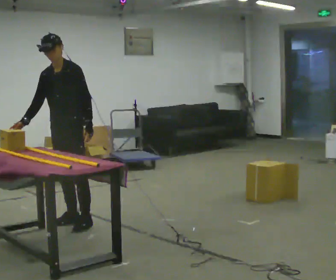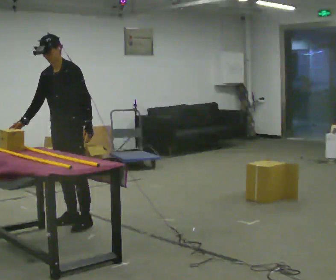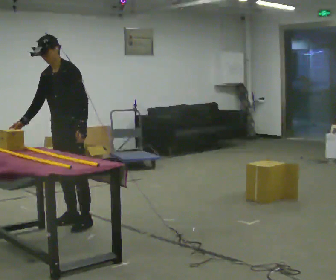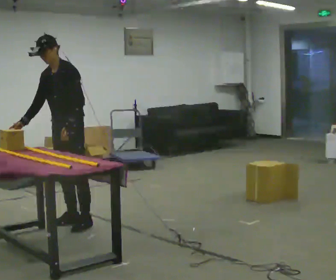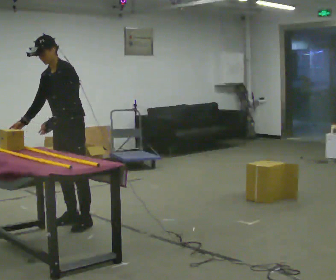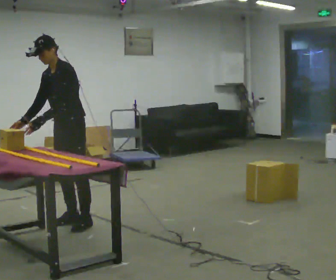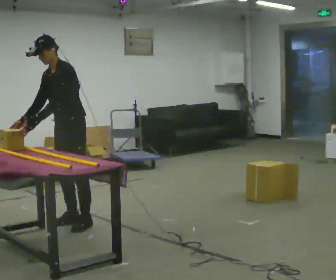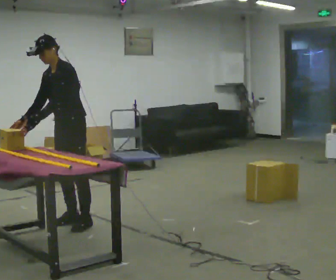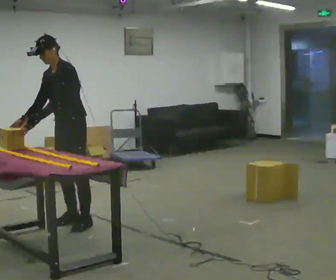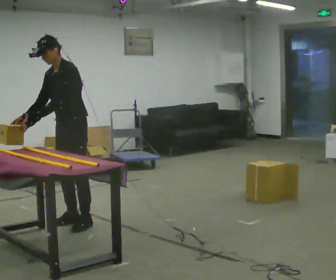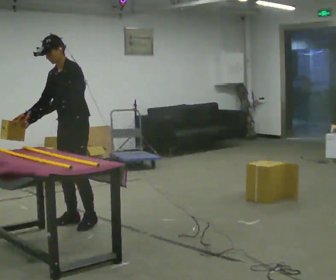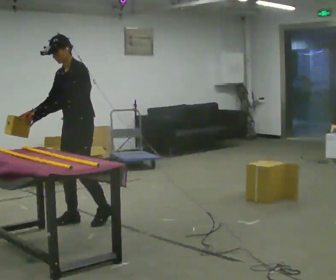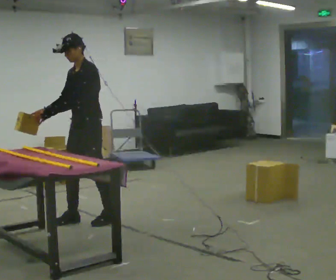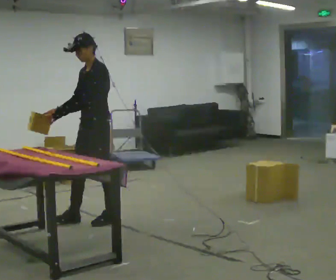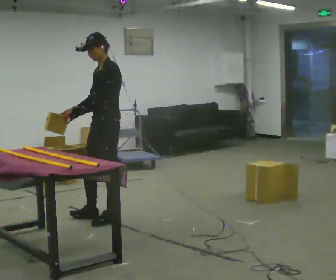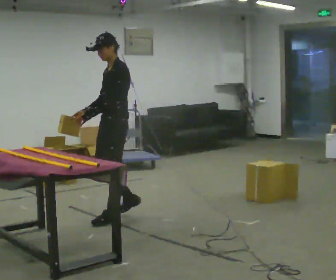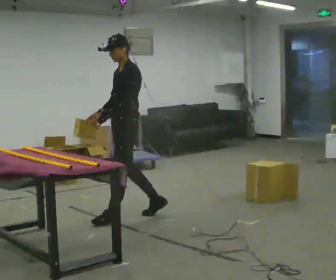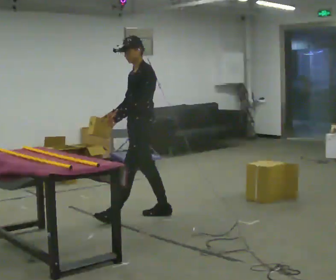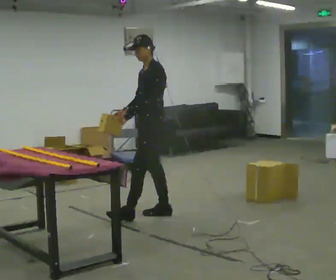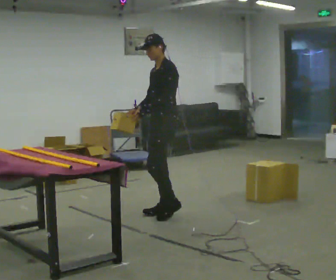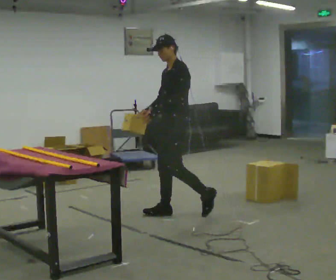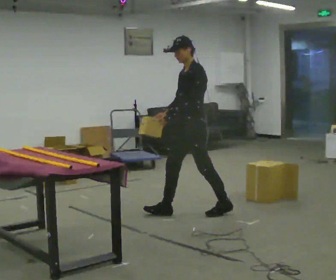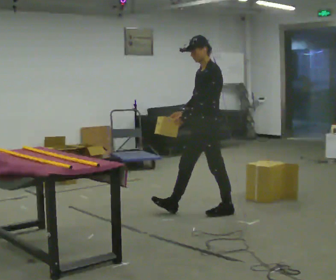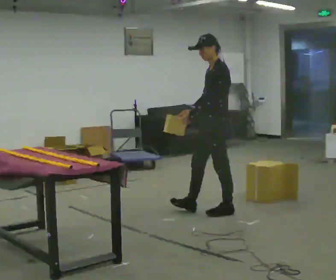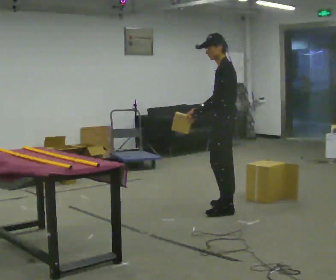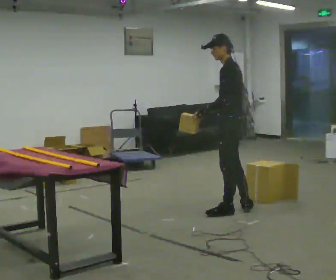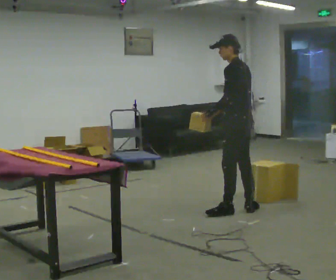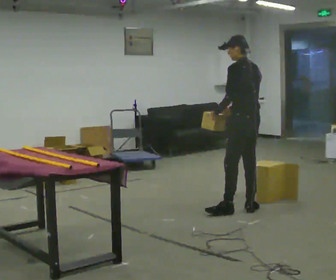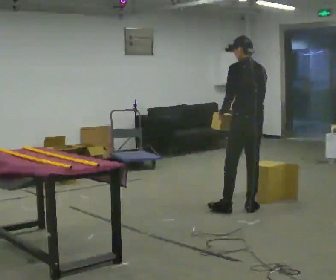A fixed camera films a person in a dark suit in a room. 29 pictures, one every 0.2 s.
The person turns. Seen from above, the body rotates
clockwise.
The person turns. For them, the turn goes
to their right.
0.0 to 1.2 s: In the picture their left hand goes to the left, the arm swinging clockwise.
1.2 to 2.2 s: The person moves a little, or ends about where they began.
2.2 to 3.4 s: Seen from above the body turns clockwise, about 30 degrees: to their right, with its near side sliding to the left. In the picture they go to the right, about 0.5 m in 1 step, which for them is backward.
3.4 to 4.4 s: In the picture they go to the right, about 0.5 m in 2 steps, which for them is backward.
4.4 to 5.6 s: The part of the body nearest the lens slides to the left as the person turns to their right by about 75 degrees. In the picture they go to the right, about 0.5 m in 1 step.
The film runs backward here.
